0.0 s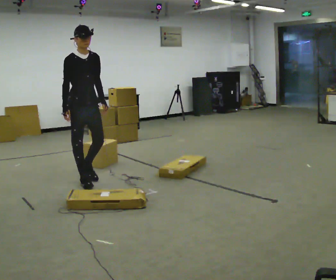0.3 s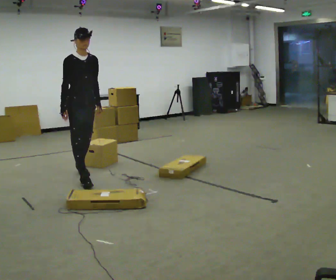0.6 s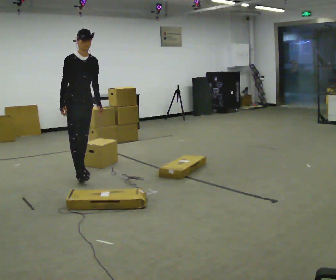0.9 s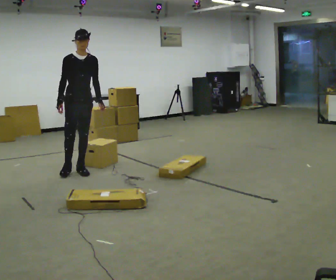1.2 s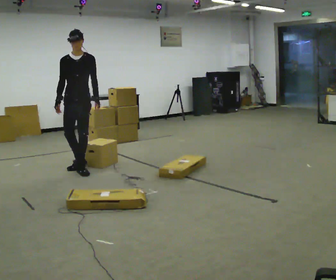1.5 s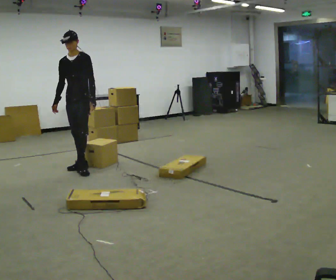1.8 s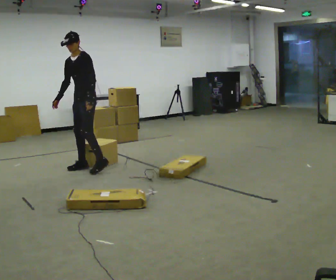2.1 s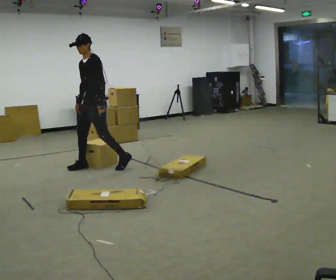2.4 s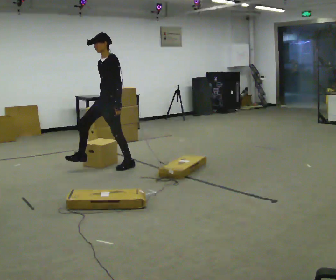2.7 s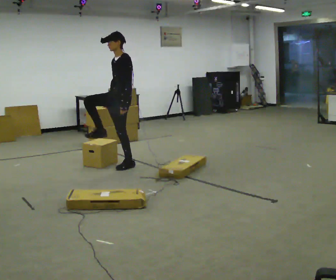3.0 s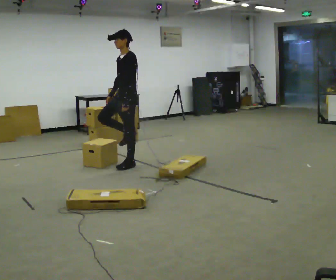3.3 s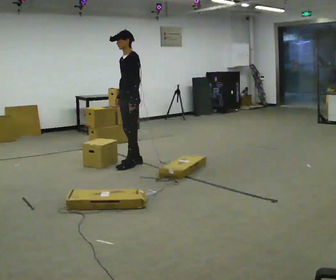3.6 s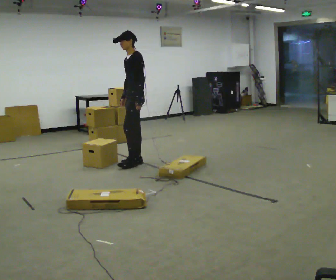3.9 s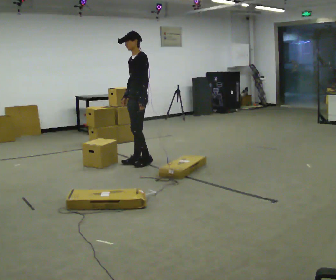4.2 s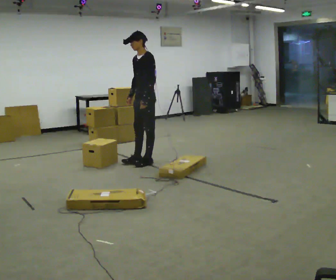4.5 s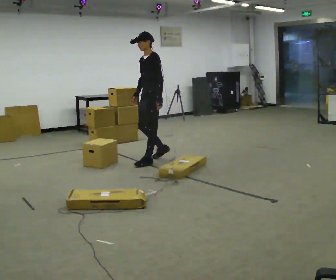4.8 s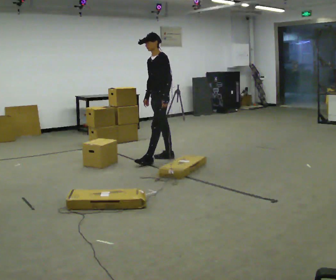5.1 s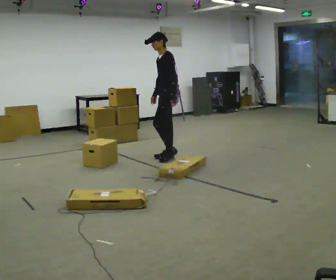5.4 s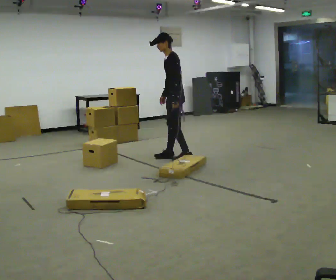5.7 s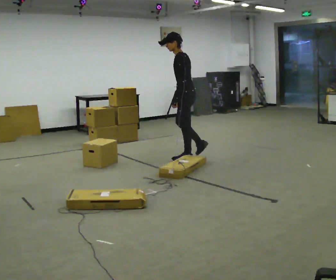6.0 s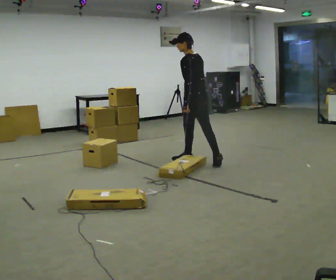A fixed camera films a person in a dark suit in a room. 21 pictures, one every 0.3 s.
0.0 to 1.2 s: The part of the body nearest the lens slides to the left as the person turns to their right by about 30 degrees. In the picture they go away from the camera, about 0.5 m in 1 step, which for them is backward and to their left.
1.2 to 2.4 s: The person turns about 60 degrees to their right, clockwise seen from above, so the part of the body nearest the lens slides to the left. In the picture they go to the right, about 0.5 m in 2 steps, which for them is backward and to their left.
2.4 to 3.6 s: In the picture they go to the right, about 0.25 m in 1 step, which for them is backward.
3.6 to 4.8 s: In the picture they go to the right and away from the camera, about 0.25 m in 1 step, which for them is backward.
4.8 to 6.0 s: The part of the body nearest the lens slides to the left as the person turns to their right by about 75 degrees. In the picture they go to the right and toward the camera, about 0.5 m in 2 steps.
The film runs backward here.
